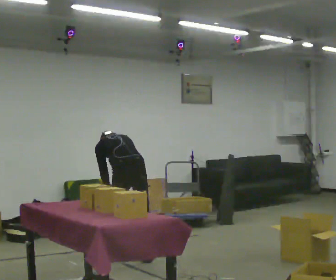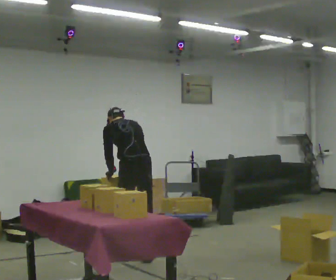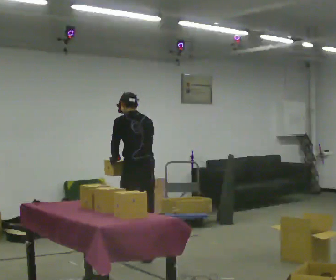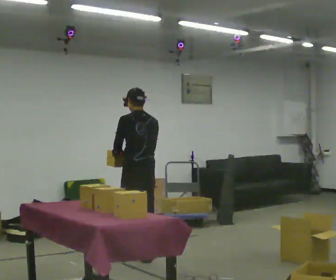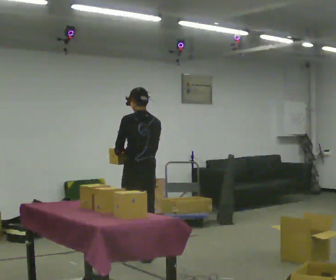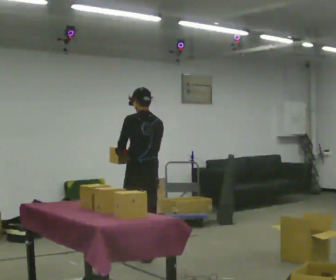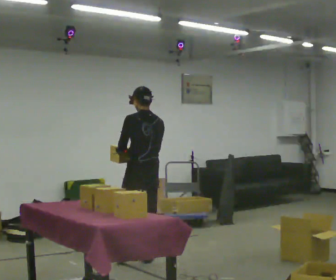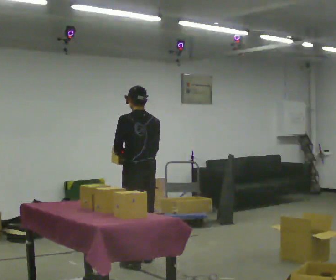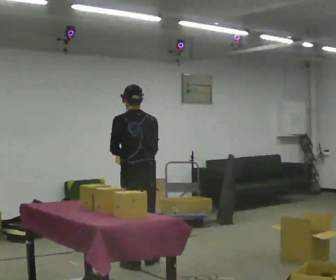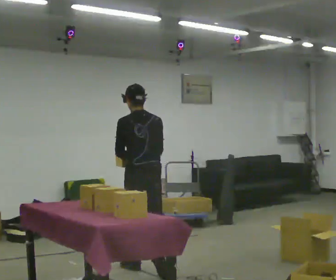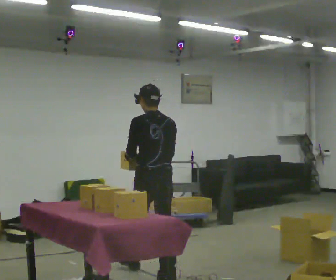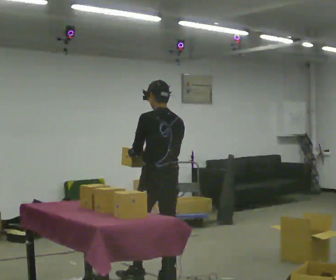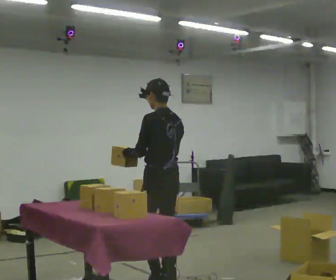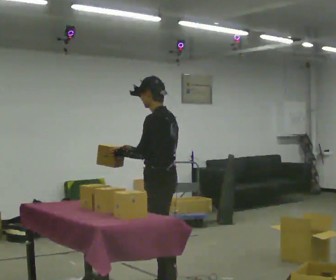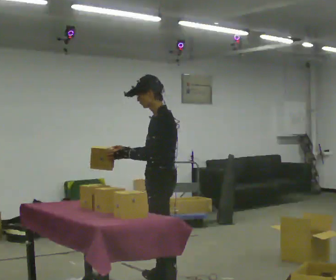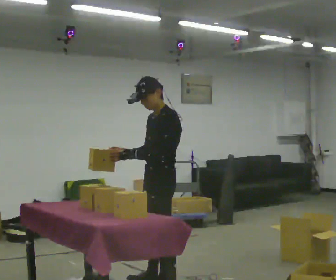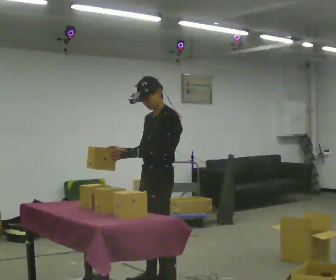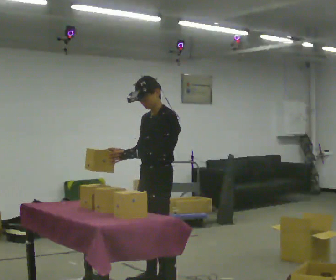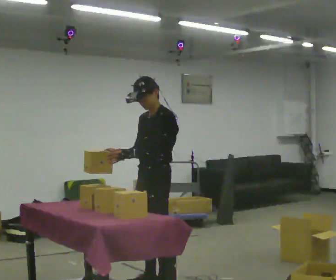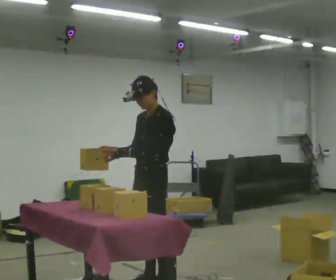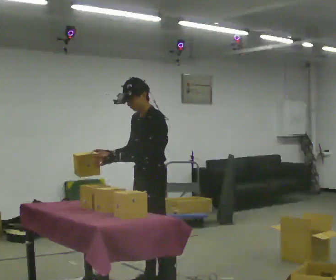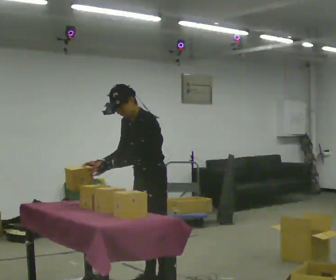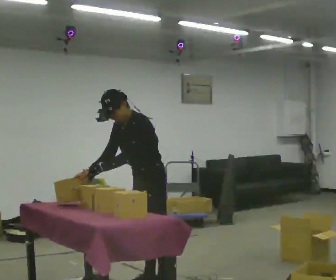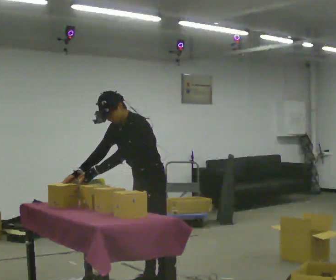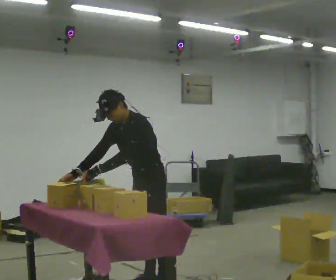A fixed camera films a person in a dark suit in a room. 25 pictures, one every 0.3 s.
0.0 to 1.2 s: The upper body goes upward. The upper body tips toward the camera, its near side rolling downward, as they lean back or straighten. In the picture their right hand goes upward.
1.2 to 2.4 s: In the picture they go toward the camera, about 0.25 m in 2 steps, which for them is backward and to their left.
2.4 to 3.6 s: The part of the body nearest the lens slides to the right as the person turns to their left by about 30 degrees. In the picture they go toward the camera, about 0.5 m in 1 step, which for them is backward.
3.6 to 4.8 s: The part of the body nearest the lens slides to the right as the person turns to their left by about 60 degrees. In the picture they go toward the camera, about 0.25 m.
4.8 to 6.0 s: The person moves a little, or ends about where they began.
6.0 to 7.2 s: In the picture the upper body tilts counterclockwise, shoulders to the left, as they bend forward.
The film runs backward here.
